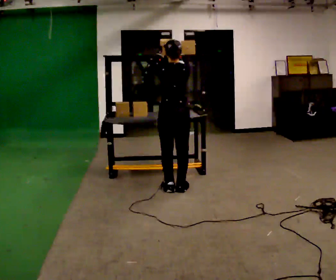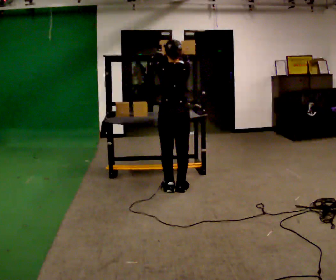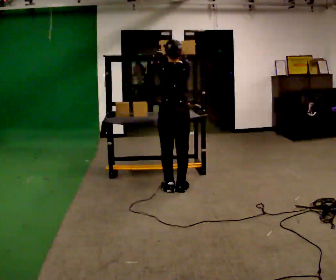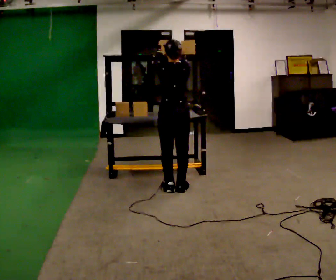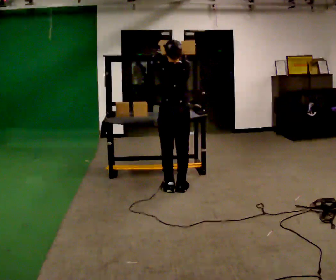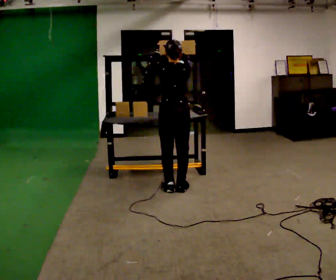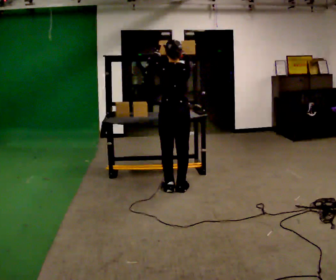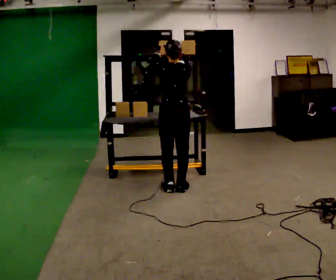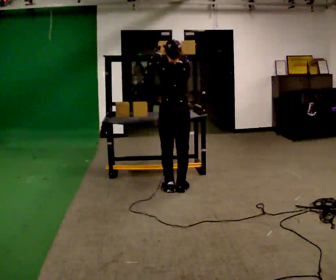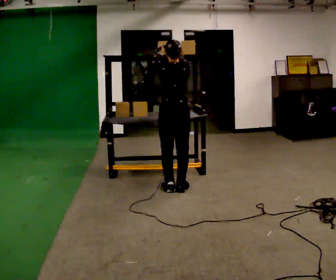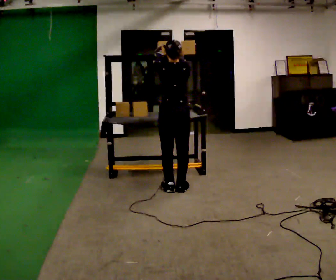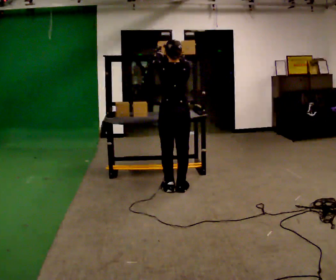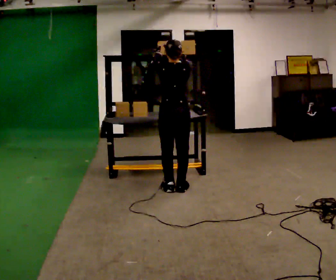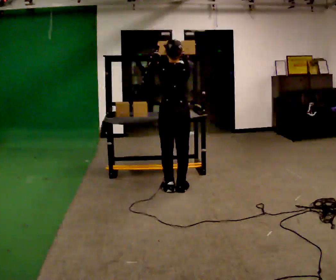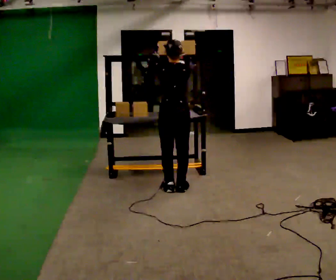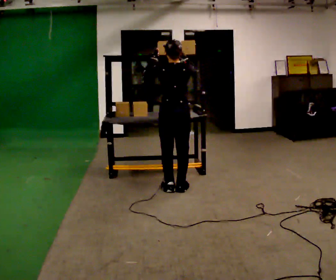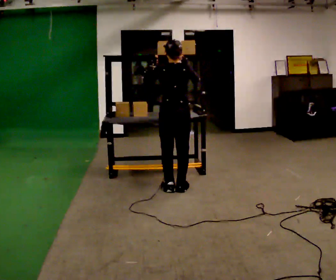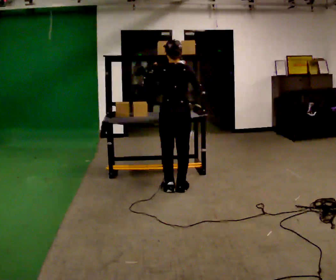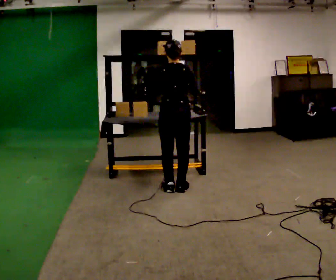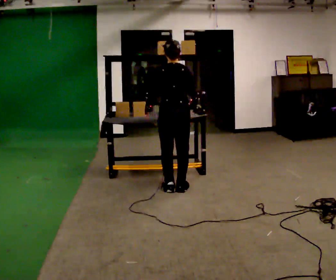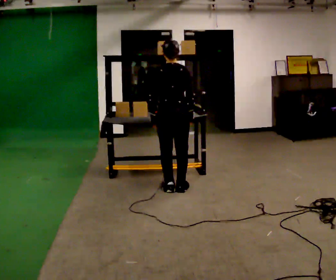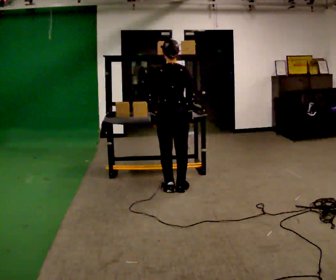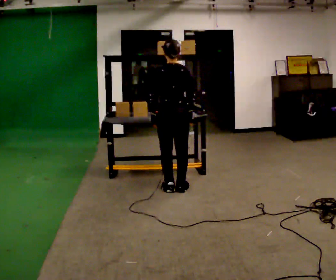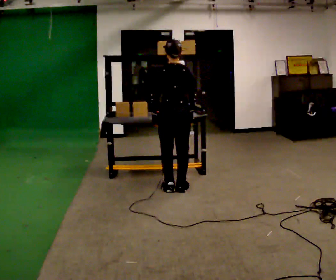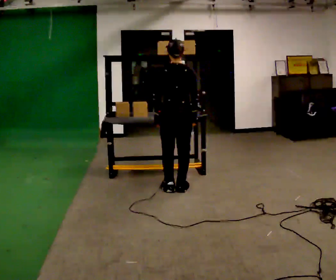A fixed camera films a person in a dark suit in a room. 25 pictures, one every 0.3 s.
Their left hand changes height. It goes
downward.
Their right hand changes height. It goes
downward.
0.0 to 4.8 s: The person moves a little, or ends about where they began.
4.8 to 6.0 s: In the picture their left hand goes downward.
6.0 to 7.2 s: The person moves a little, or ends about where they began.
The film runs backward here.
